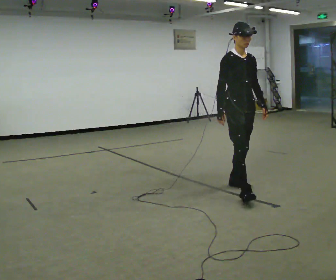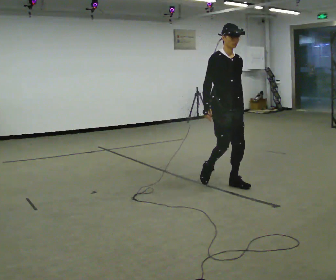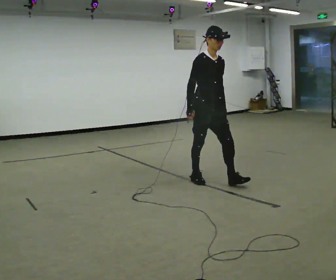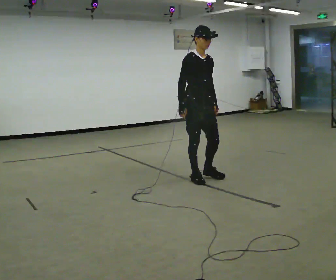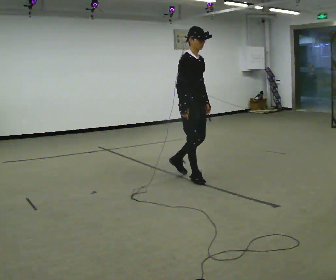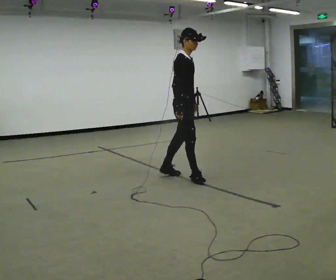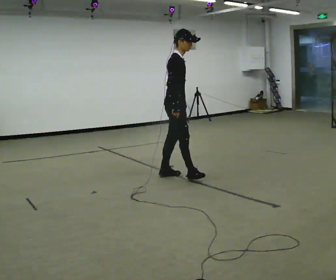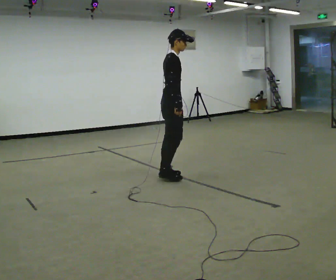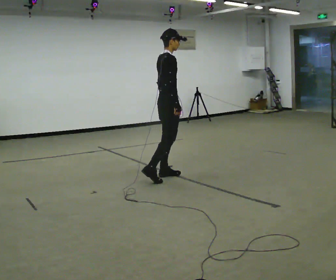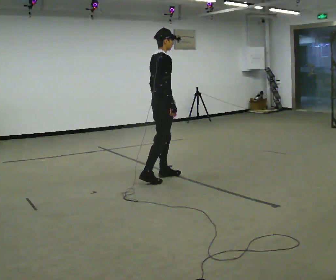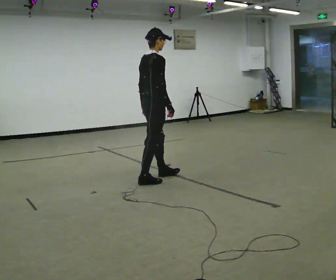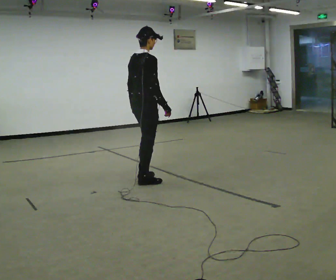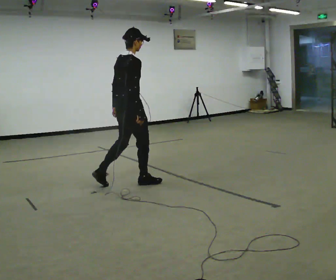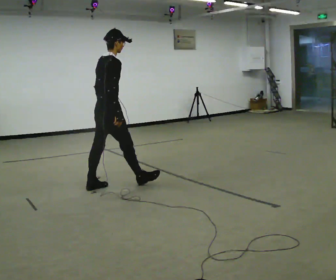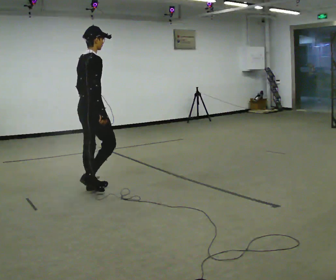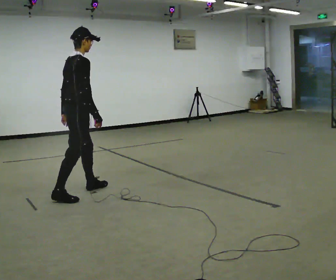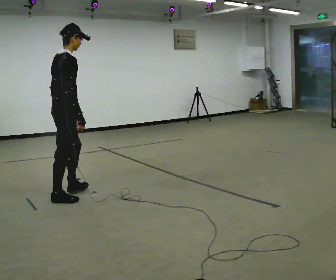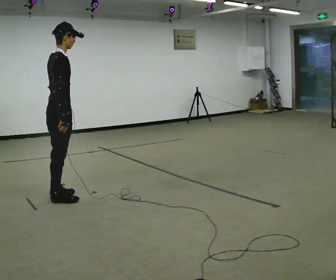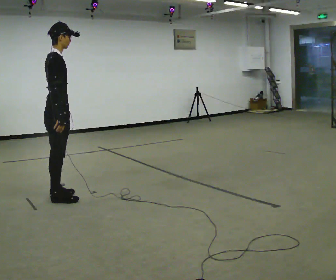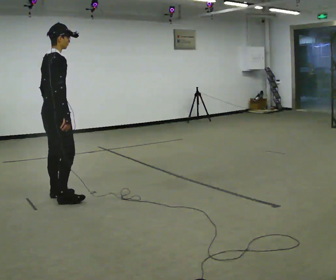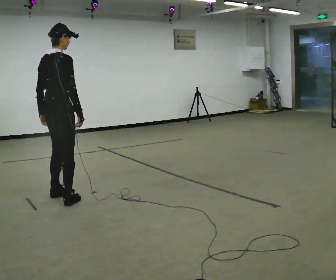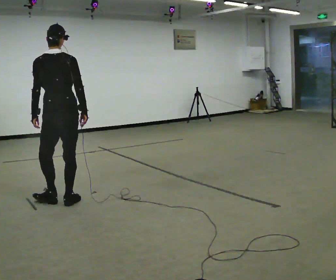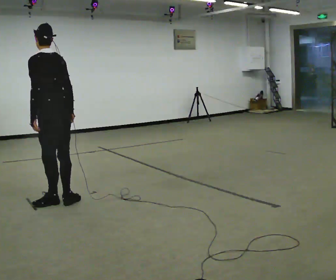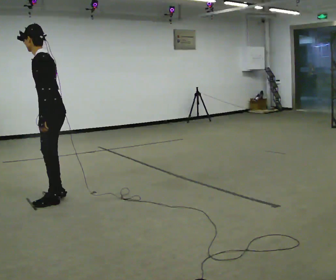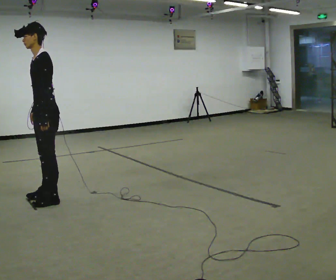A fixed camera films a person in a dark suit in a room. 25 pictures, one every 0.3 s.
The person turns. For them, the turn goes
to their left.
The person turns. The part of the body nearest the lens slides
to the right.
0.0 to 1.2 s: In the picture they go away from the camera and to the left, about 0.75 m in 1 step, which for them is backward.
1.2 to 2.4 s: The part of the body nearest the lens slides to the right as the person turns to their left by about 45 degrees. In the picture they go to the left and away from the camera, about 0.25 m in 1 step, which for them is backward and to their left.
2.4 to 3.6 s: Seen from above the body turns counterclockwise, about 30 degrees: to their left, with its near side sliding to the right. In the picture they go to the left and toward the camera, about 0.5 m in 1 step, which for them is backward.
3.6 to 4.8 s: In the picture they go to the left and toward the camera, about 1 m in 2 steps, which for them is backward.
4.8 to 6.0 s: The person moves a little, or ends about where they began.
6.0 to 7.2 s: The part of the body nearest the lens slides to the right as the person turns to their left by about 150 degrees. In the picture their right hand goes to the left, the arm swinging clockwise.
The film runs backward here.
